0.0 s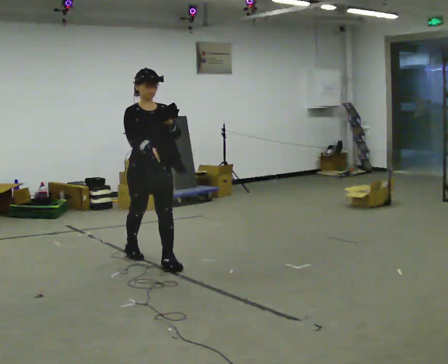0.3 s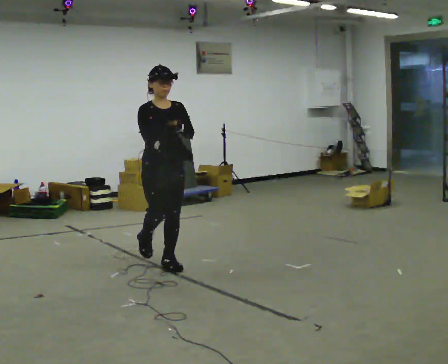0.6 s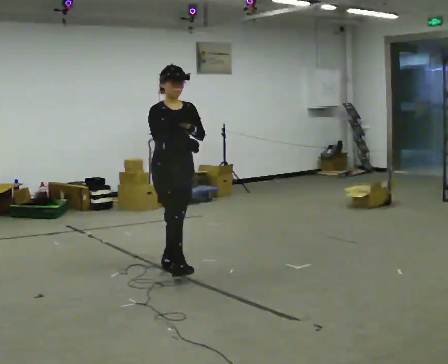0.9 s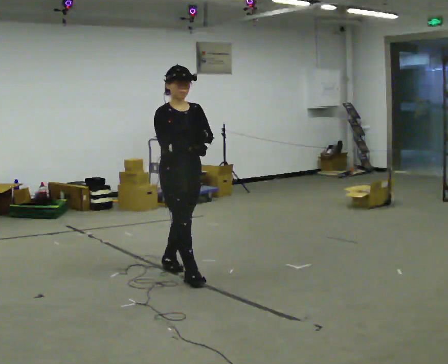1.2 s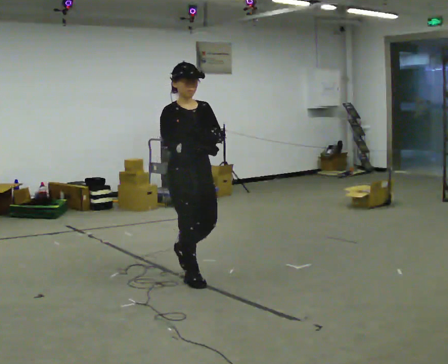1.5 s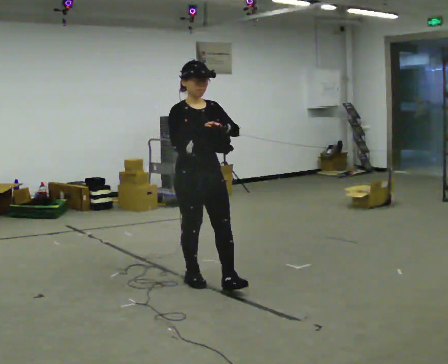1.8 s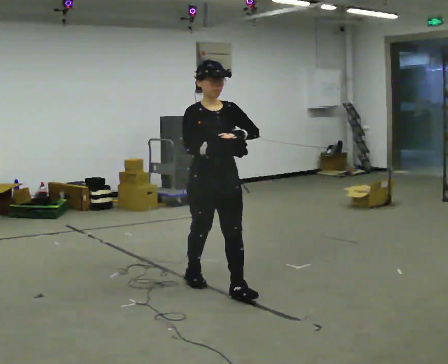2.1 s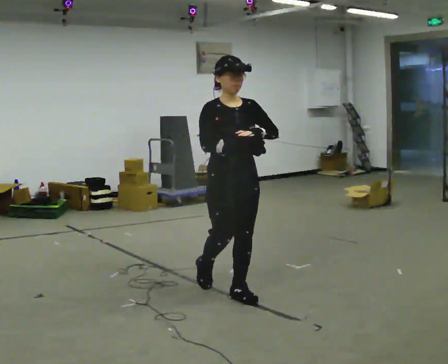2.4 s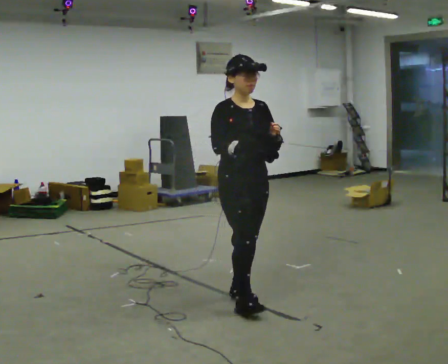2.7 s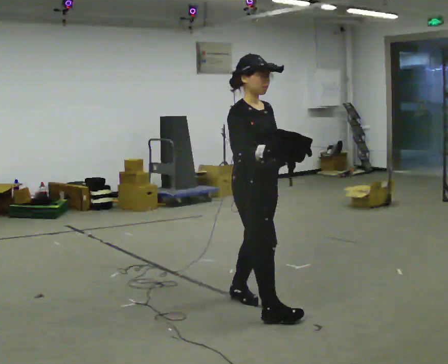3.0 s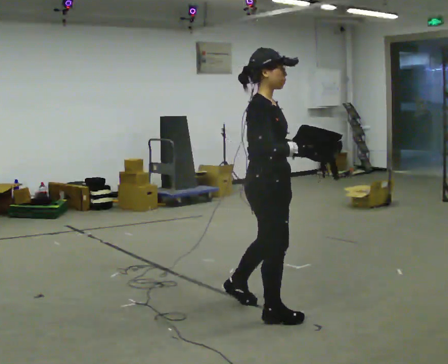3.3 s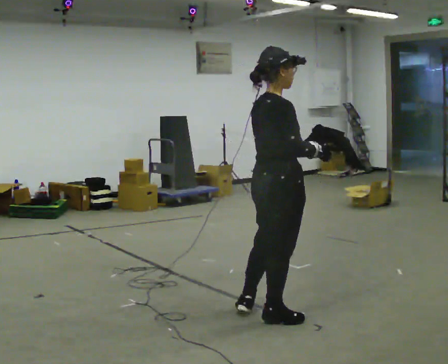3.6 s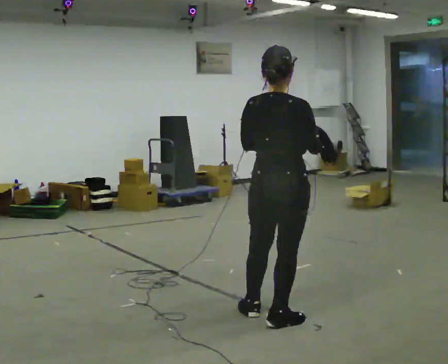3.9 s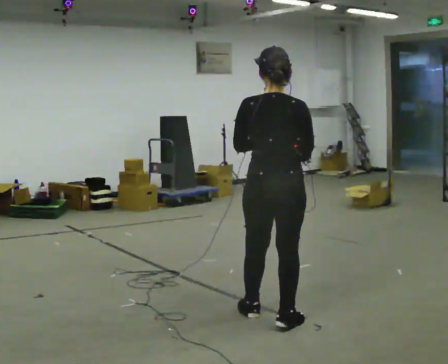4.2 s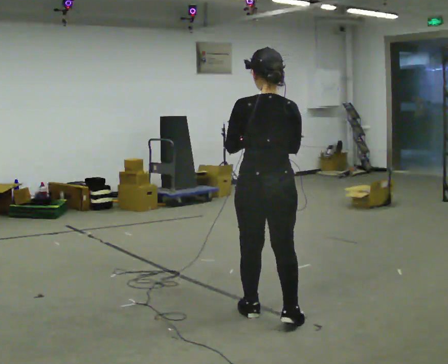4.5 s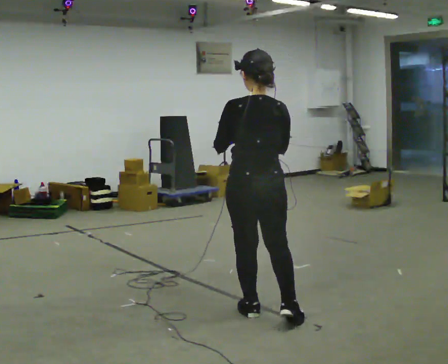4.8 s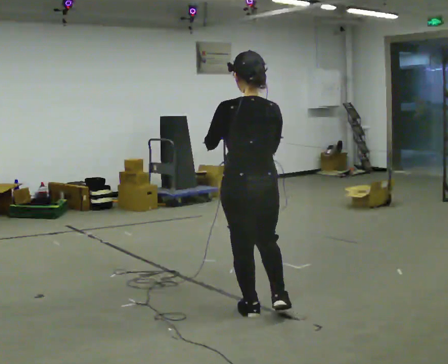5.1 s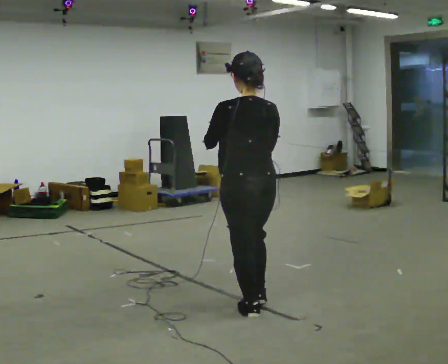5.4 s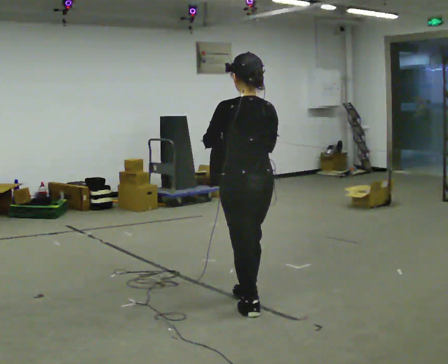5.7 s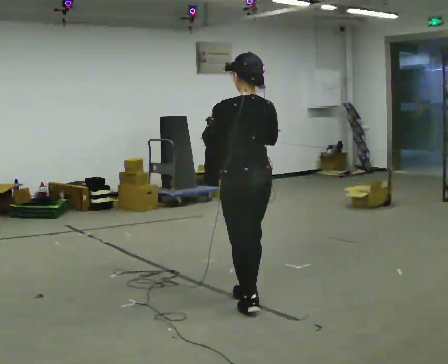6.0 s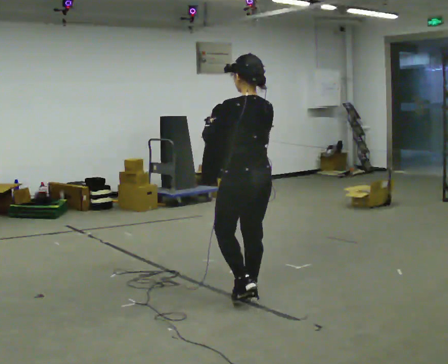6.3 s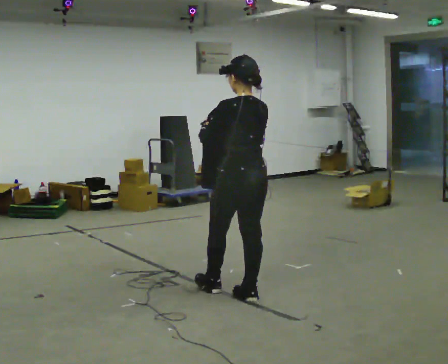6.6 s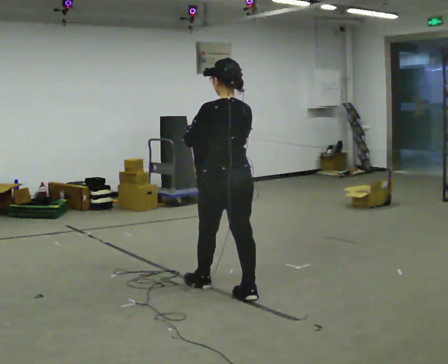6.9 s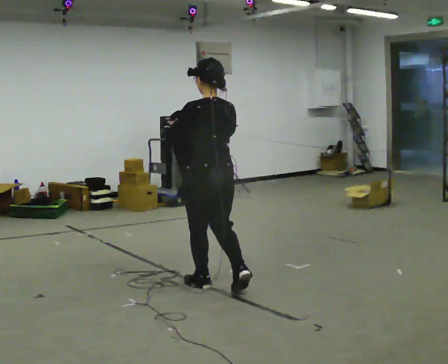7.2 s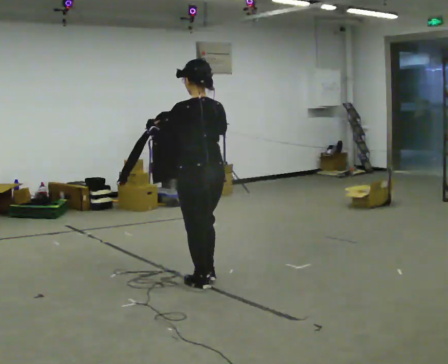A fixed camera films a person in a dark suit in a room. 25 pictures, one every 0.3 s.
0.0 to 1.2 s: In the picture they go to the right and toward the camera, about 0.75 m in 1 step, which for them is forward.
1.2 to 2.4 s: In the picture they go to the right and toward the camera, about 0.75 m in 1 step, which for them is forward.
2.4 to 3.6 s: The person turns about 120 degrees to their left, counterclockwise seen from above, so the part of the body nearest the lens slides to the right. In the picture they go toward the camera and to the right, about 0.5 m in 2 steps.
3.6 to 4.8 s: The part of the body nearest the lens slides to the right as the person turns to their left by about 30 degrees. In the picture they go to the left, about 0.25 m in 1 step, which for them is forward and to their left. In the picture their right hand goes to the left.
4.8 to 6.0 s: In the picture they go away from the camera, about 0.25 m in 1 step, which for them is forward.
6.0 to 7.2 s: In the picture they go to the left and away from the camera, about 0.5 m in 1 step, which for them is forward.
The film runs forward here.
